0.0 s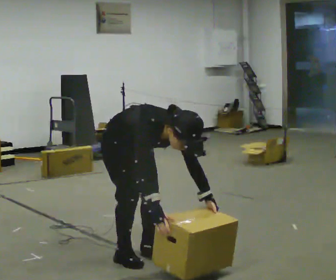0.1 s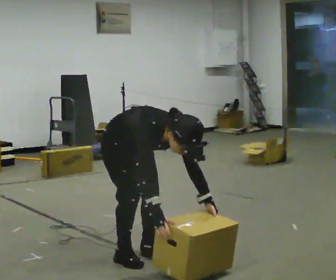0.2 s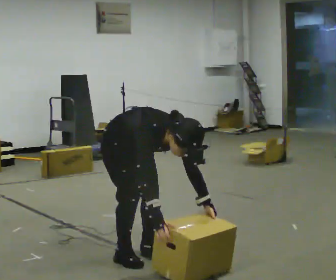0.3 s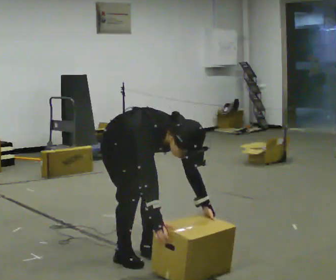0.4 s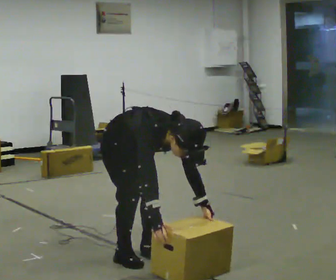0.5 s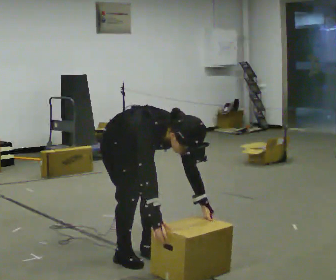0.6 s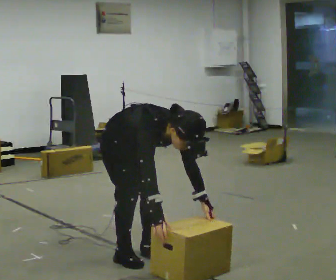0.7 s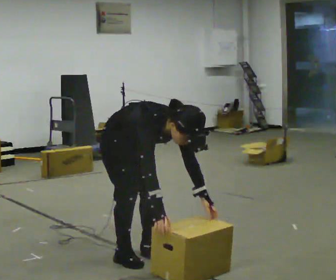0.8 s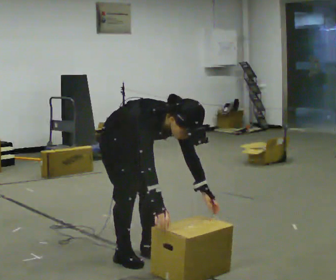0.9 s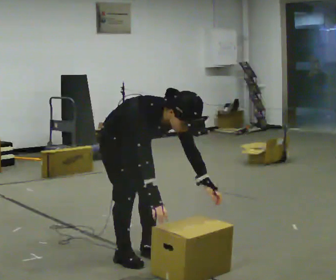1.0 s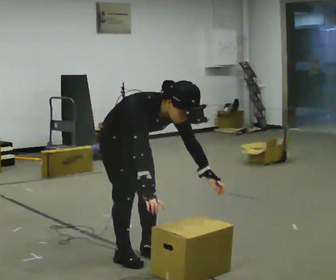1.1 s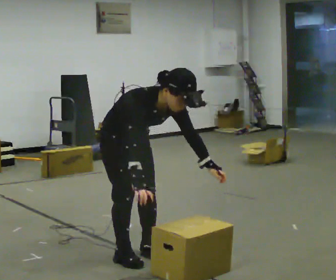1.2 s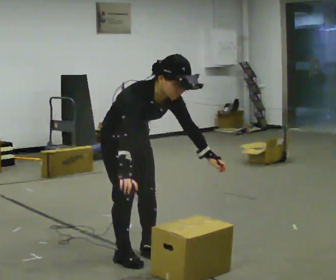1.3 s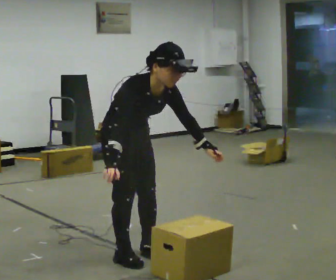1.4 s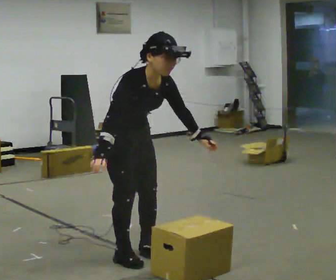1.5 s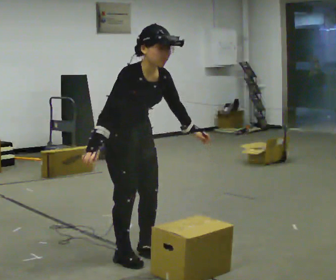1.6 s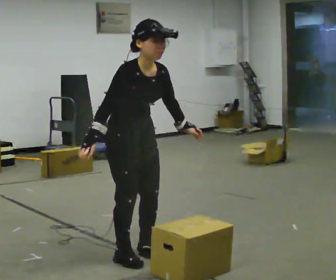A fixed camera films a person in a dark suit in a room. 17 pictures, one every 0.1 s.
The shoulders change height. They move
upward.
Their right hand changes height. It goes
upward.
0.0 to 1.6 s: The shoulders move upward. The upper body tips away from the camera, its near side rolling upward, as they lean back or straighten. In the picture their right hand goes upward and to the left.
The film runs forward here.
